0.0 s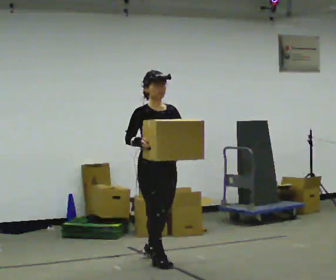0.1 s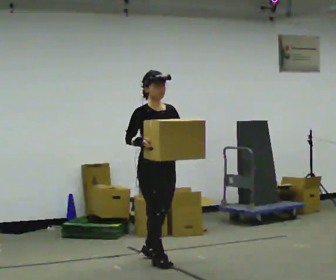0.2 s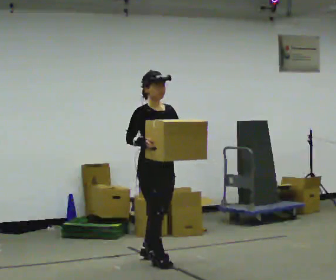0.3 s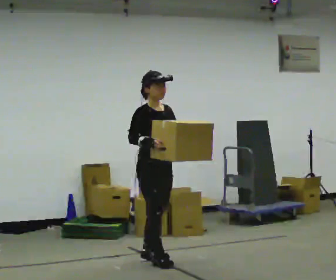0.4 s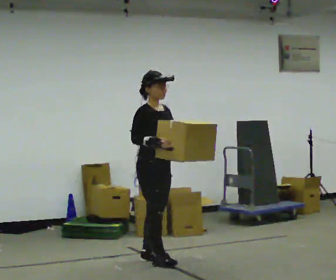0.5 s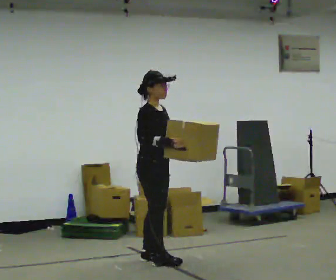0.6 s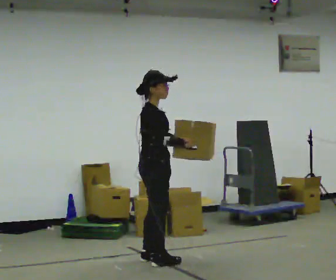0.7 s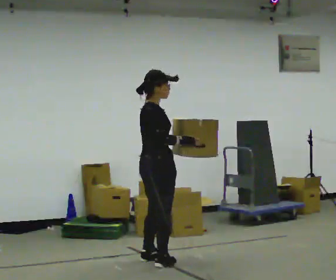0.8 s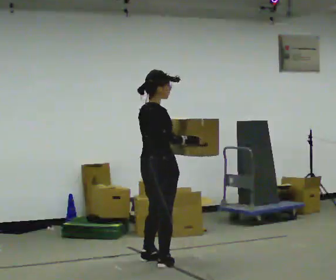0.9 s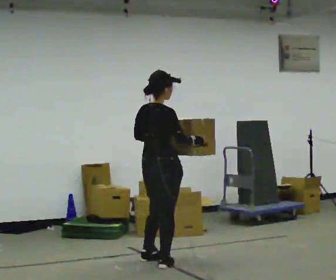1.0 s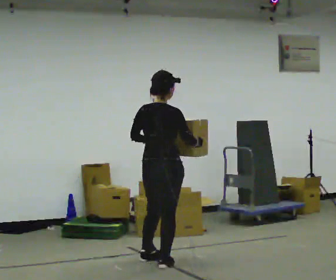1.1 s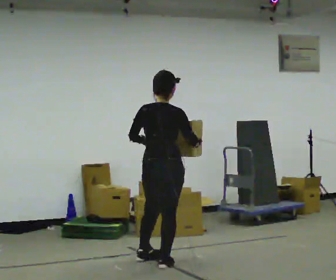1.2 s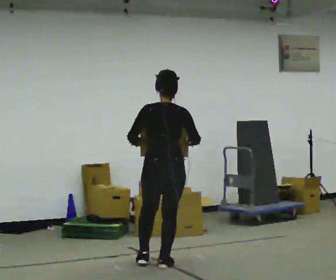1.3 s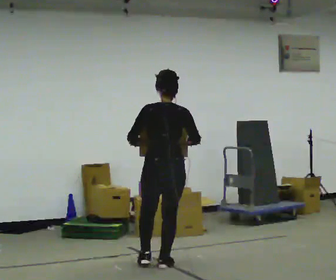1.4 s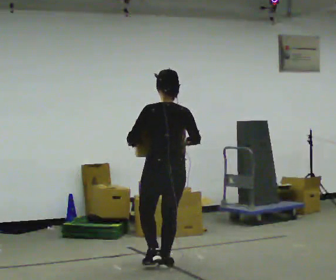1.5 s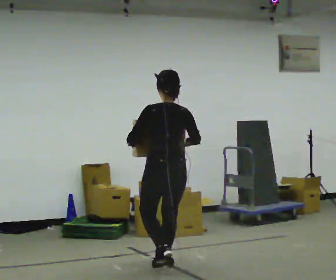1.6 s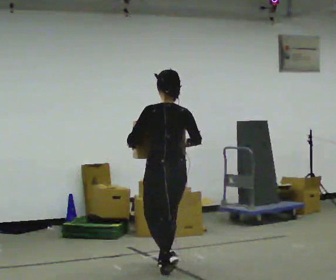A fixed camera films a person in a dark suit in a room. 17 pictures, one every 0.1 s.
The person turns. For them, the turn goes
to their left.
The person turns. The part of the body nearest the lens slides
to the right.
0.0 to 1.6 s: The person turns about 165 degrees to their left, counterclockwise seen from above, so the part of the body nearest the lens slides to the right. In the picture they go toward the camera, about 0.25 m in 2 steps.
The film runs backward here.
